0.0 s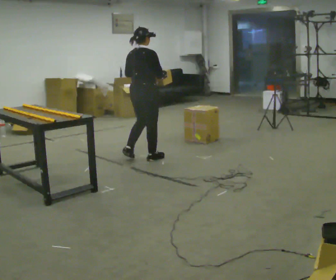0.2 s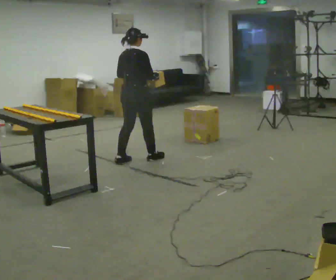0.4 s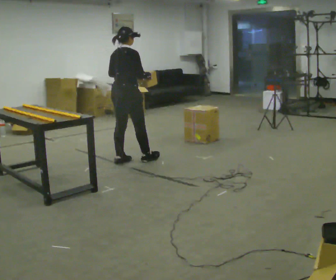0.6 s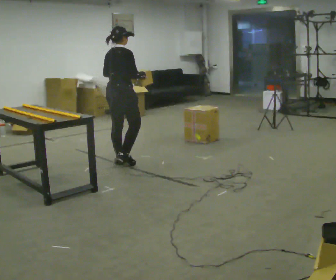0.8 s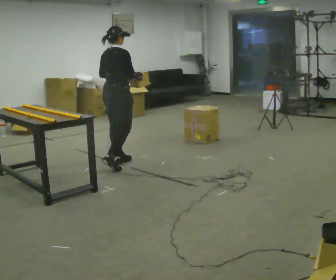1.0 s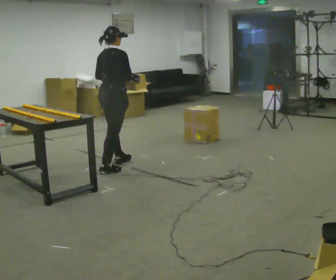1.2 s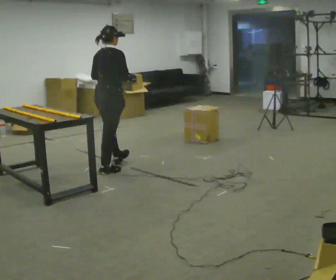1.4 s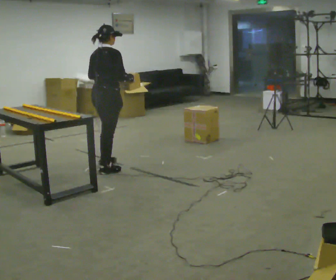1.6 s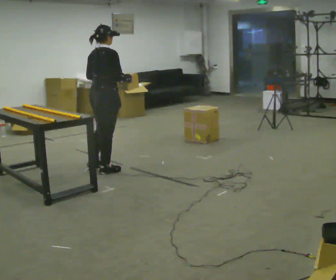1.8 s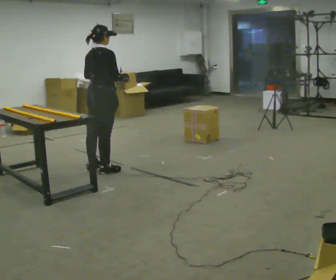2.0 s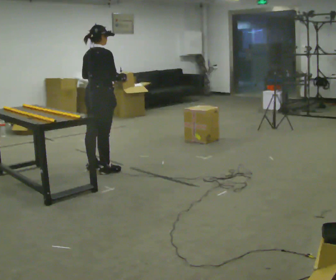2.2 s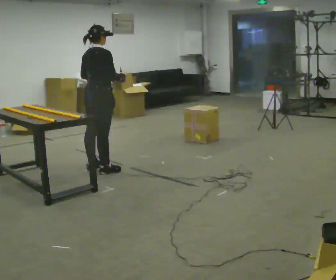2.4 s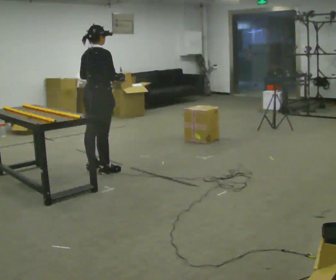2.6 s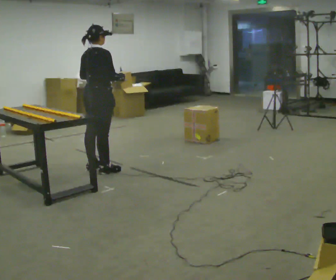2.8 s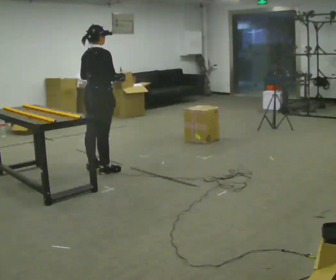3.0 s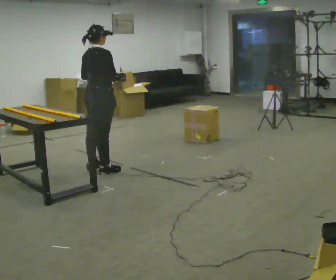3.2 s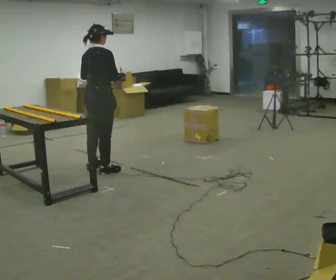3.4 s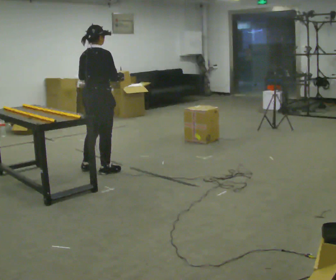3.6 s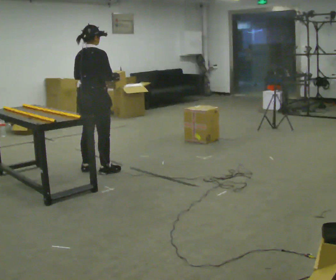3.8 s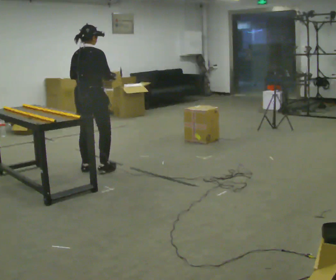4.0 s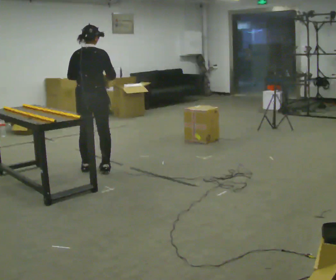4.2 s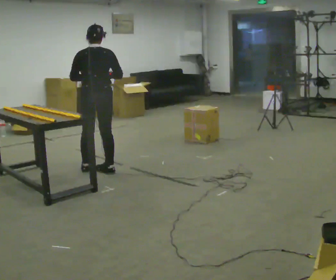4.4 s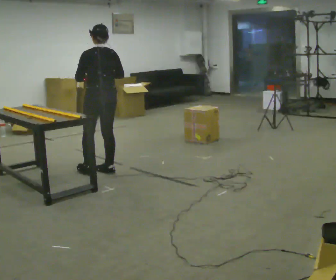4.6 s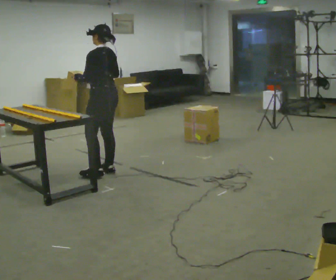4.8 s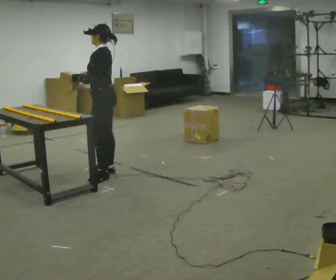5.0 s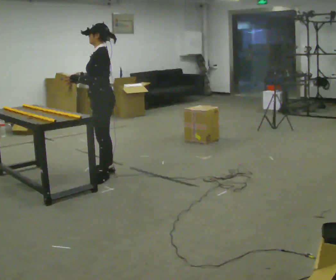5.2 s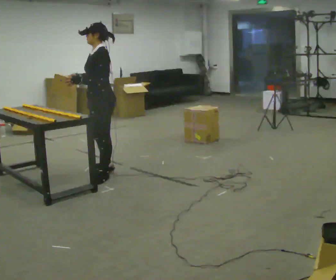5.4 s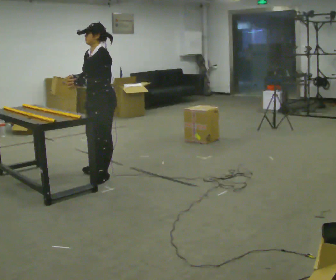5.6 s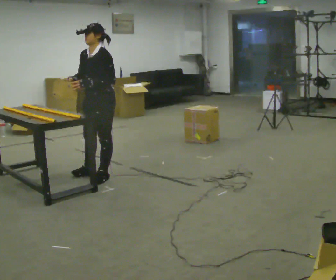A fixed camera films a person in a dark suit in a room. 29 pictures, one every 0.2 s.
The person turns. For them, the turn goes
to their left.
The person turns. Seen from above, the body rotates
counterclockwise.
0.0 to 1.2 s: In the picture they go to the left and toward the camera, about 0.5 m in 1 step, which for them is backward.
1.2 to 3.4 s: The person moves a little, or ends about where they began.
3.4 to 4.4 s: Seen from above the body turns counterclockwise, about 75 degrees: to their left, with its near side sliding to the right.
4.4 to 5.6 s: The person turns about 90 degrees to their left, counterclockwise seen from above, so the part of the body nearest the lens slides to the right. In the picture they go toward the camera, about 0.25 m in 1 step. In the picture their right hand goes to the left.
The film runs backward here.
